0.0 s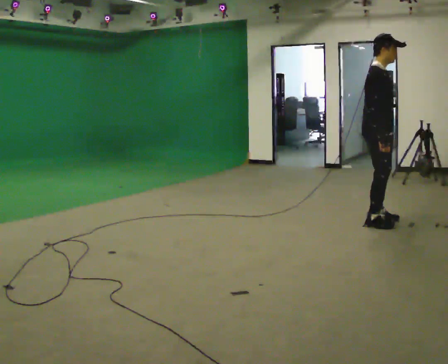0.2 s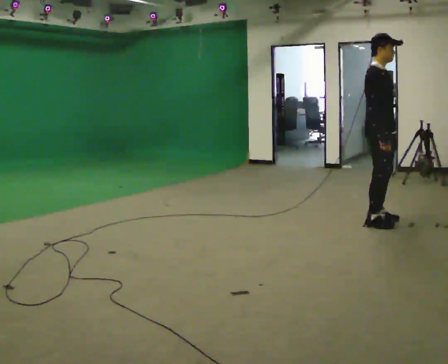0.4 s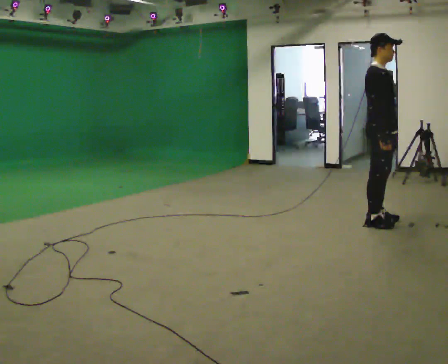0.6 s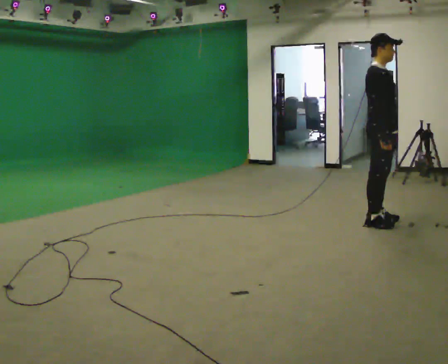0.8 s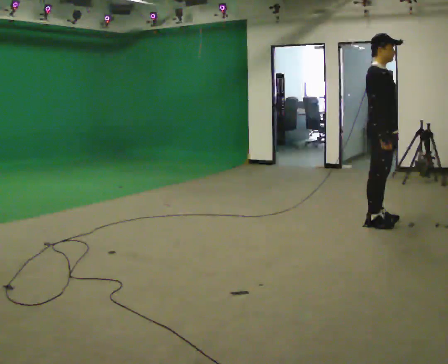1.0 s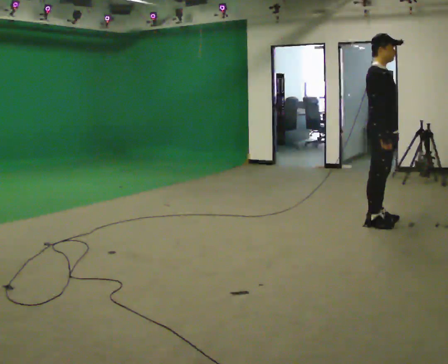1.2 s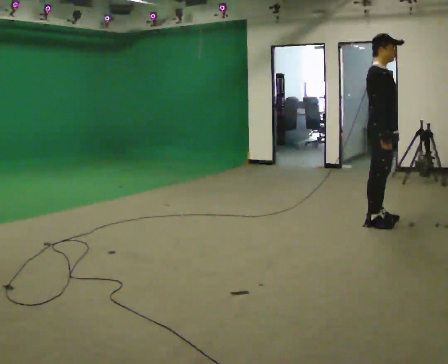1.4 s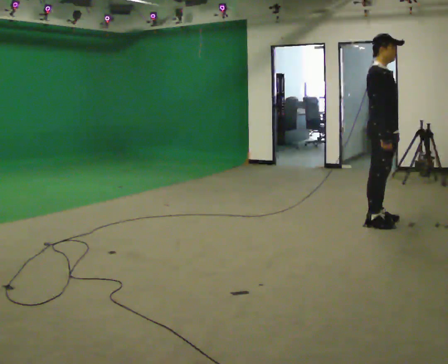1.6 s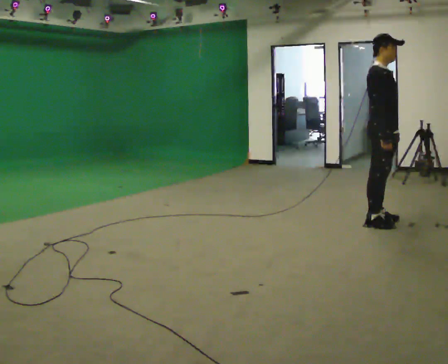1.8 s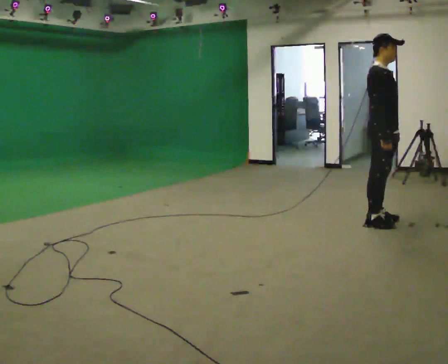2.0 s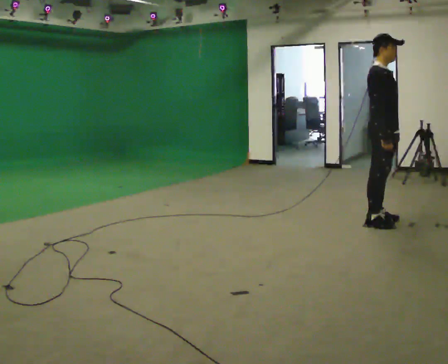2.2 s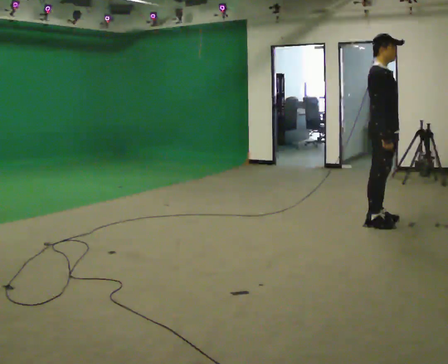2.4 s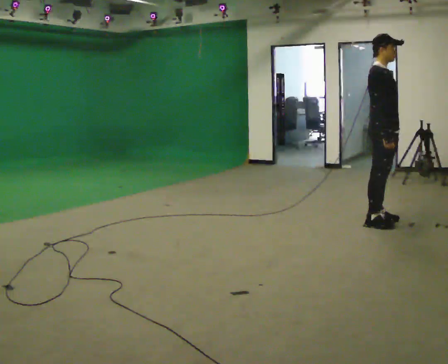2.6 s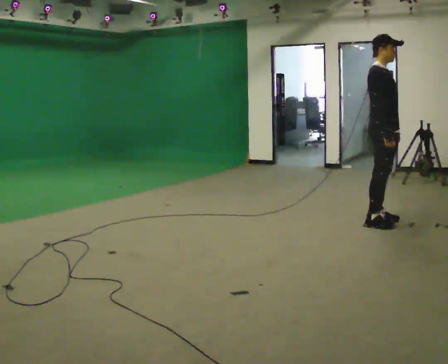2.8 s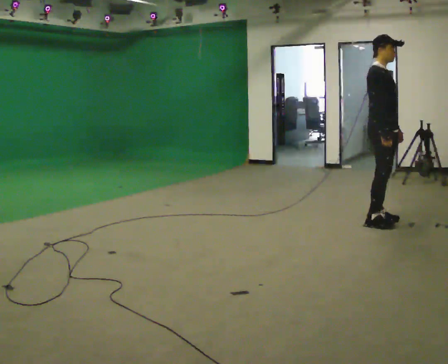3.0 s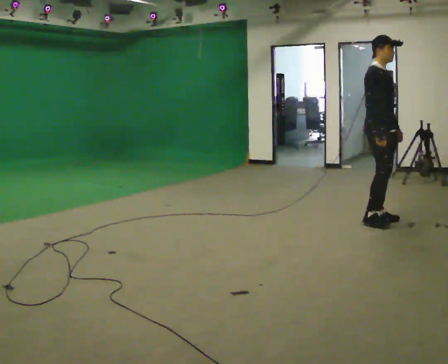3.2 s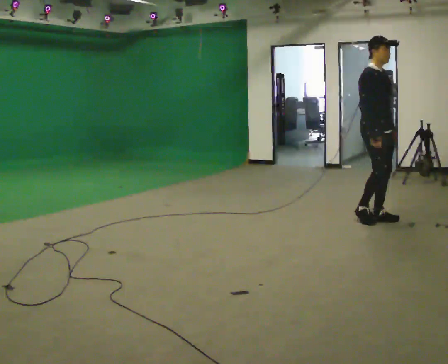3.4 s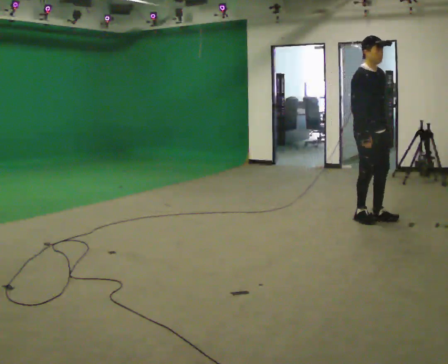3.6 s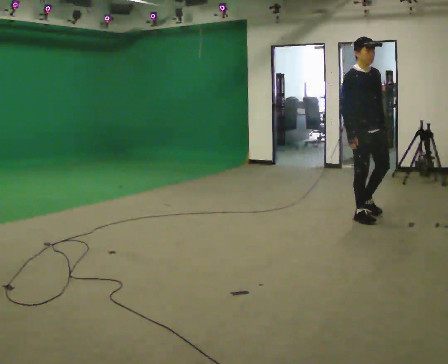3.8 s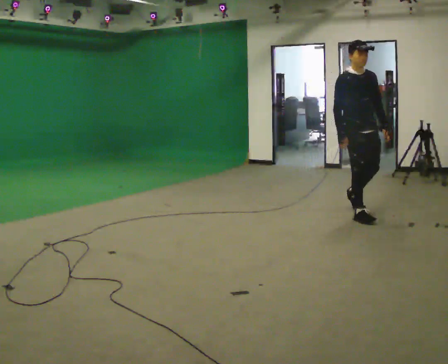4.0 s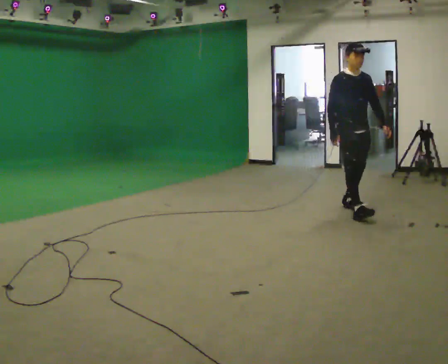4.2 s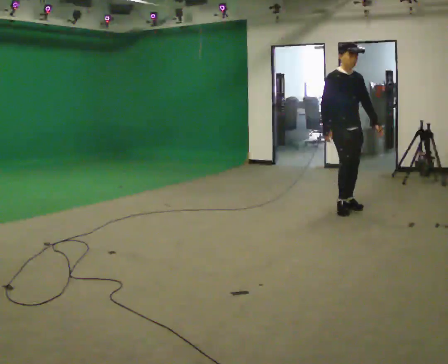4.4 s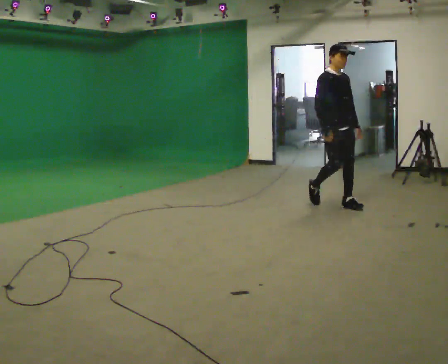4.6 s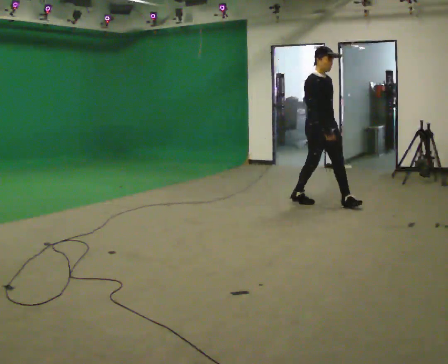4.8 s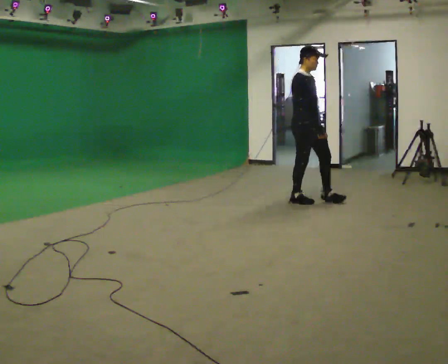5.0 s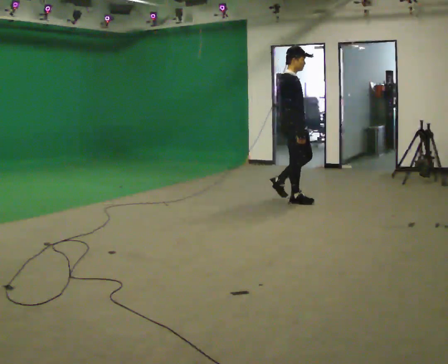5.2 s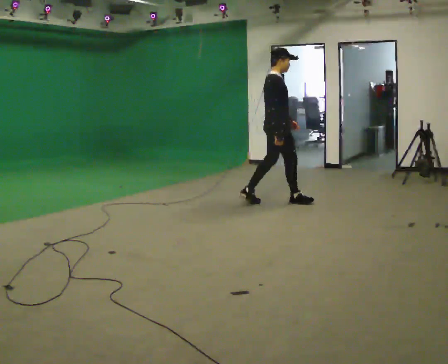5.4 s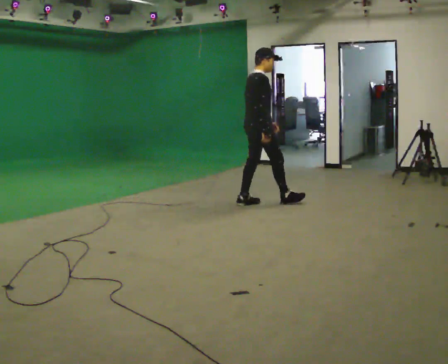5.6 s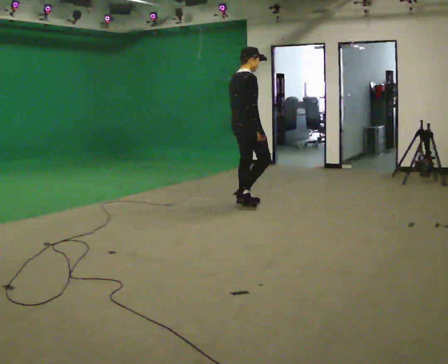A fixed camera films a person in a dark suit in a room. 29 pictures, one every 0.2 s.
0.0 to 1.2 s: The person moves a little, or ends about where they began.
1.2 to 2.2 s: The person keeps their place and pose.
2.2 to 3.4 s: In the picture they go away from the camera, about 0.25 m in 1 step, which for them is backward and to their left.
3.4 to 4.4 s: In the picture they go away from the camera and to the left, about 0.5 m in 2 steps, which for them is backward.
4.4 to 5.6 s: The person turns about 90 degrees to their left, counterclockwise seen from above, so the part of the body nearest the lens slides to the right. In the picture they go to the left, about 1 m in 2 steps.
The film runs backward here.
